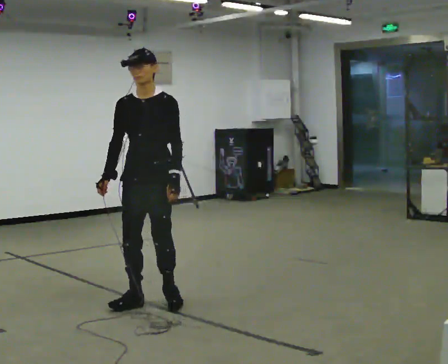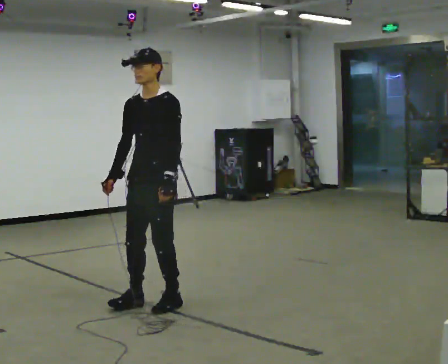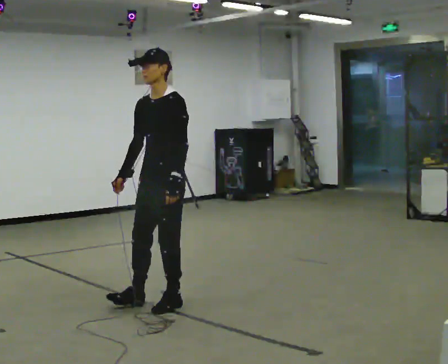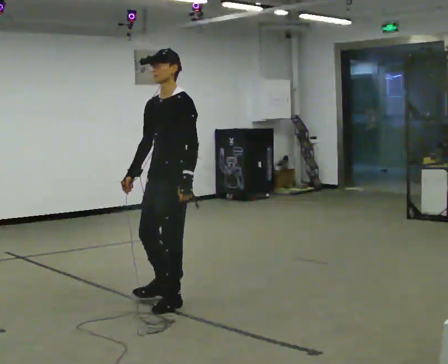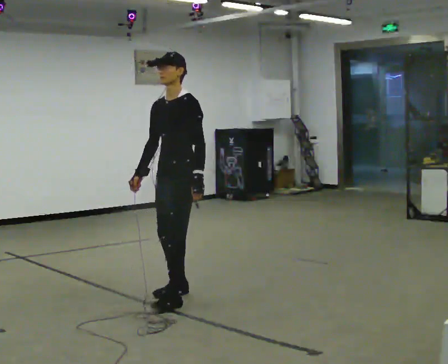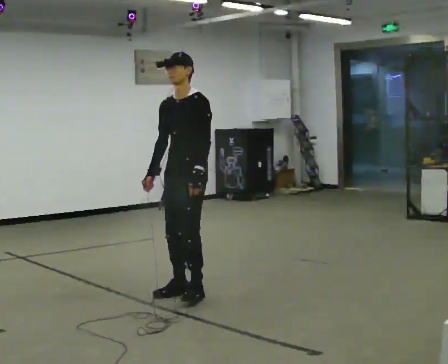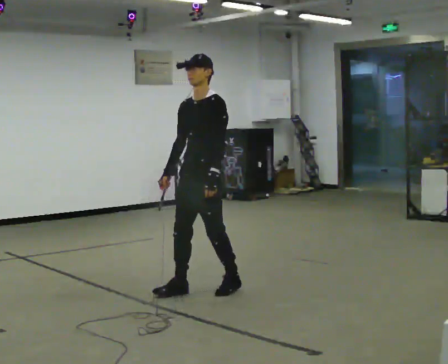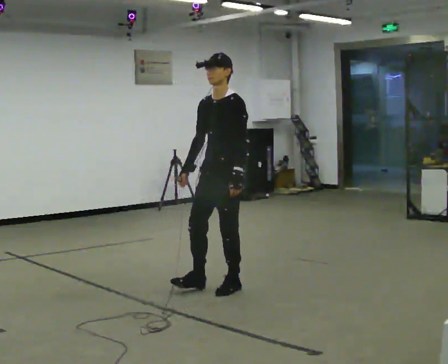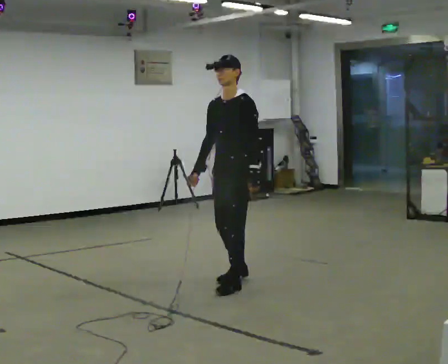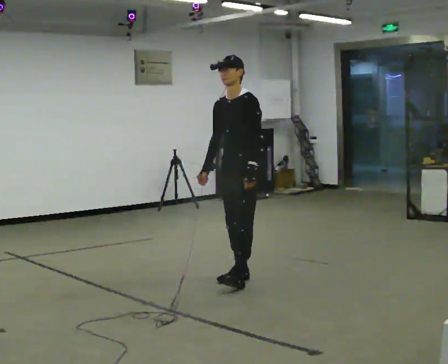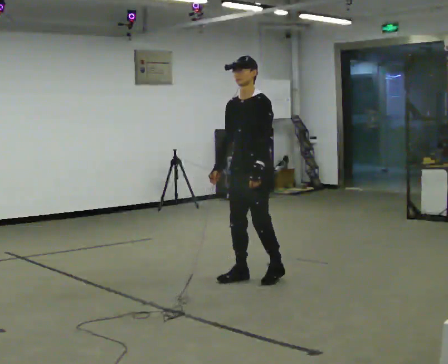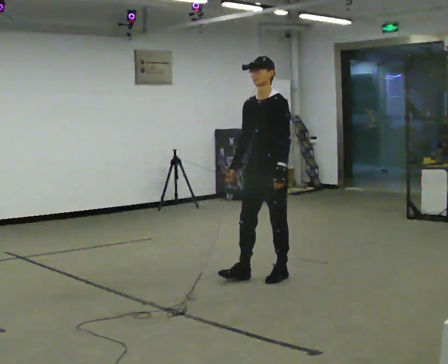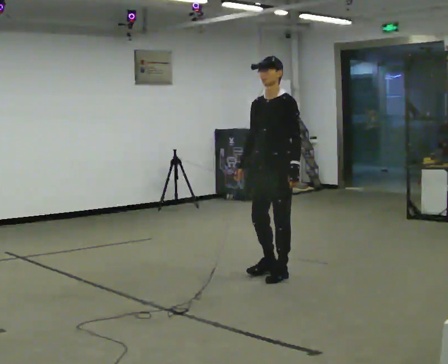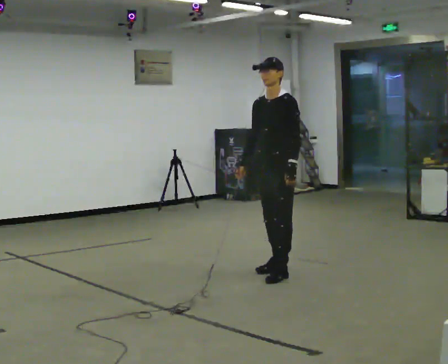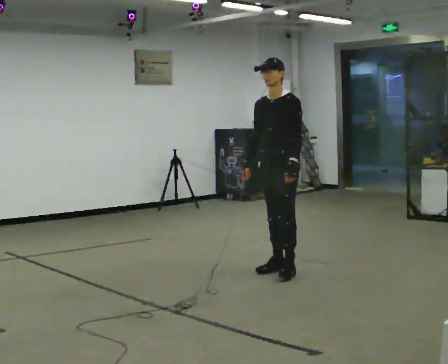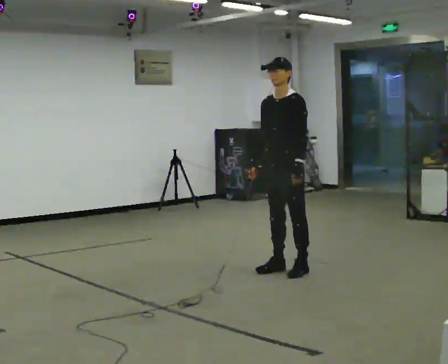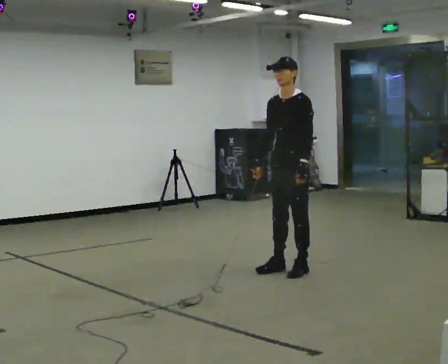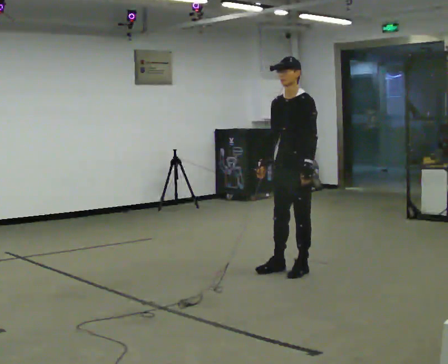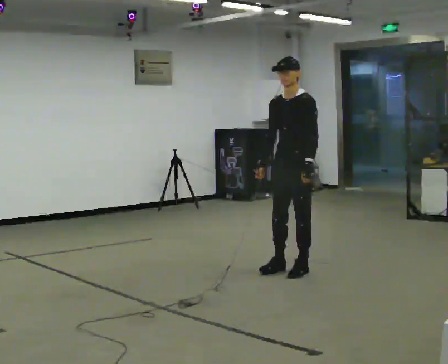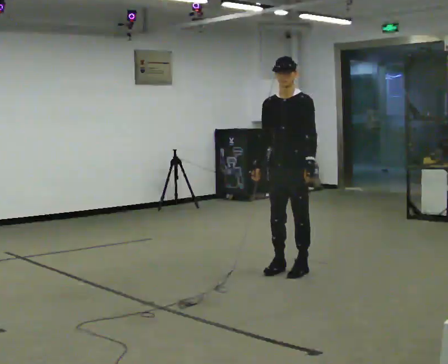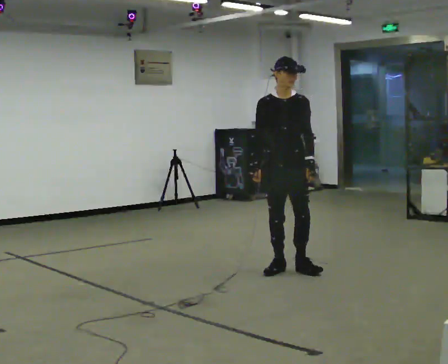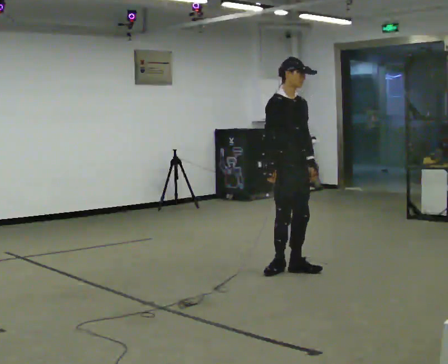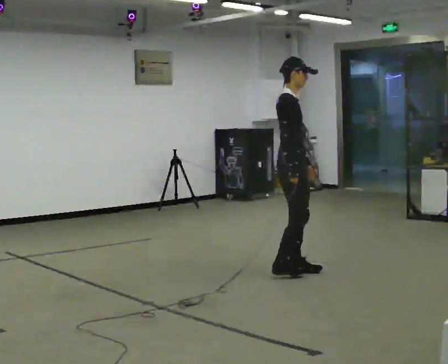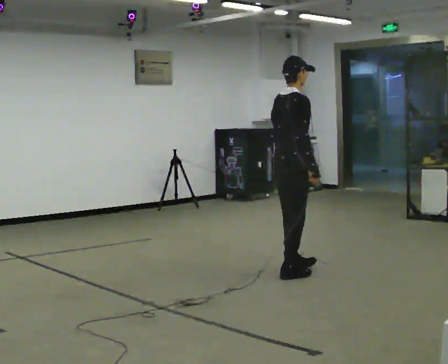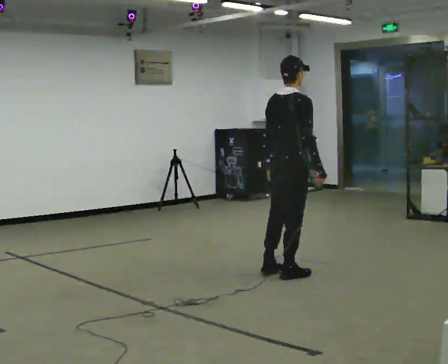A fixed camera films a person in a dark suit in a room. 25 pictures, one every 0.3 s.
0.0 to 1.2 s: Seen from above the body turns clockwise, about 30 degrees: to their right, with its near side sliding to the left. In the picture they go to the right and away from the camera, about 0.25 m in 2 steps, which for them is backward.
1.2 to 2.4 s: In the picture they go to the right and away from the camera, about 0.5 m in 2 steps, which for them is backward.
2.4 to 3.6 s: In the picture they go to the right and away from the camera, about 0.5 m in 1 step, which for them is backward.
3.6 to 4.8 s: The person moves a little, or ends about where they began.
4.8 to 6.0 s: The person turns about 60 degrees to their left, counterclockwise seen from above, so the part of the body nearest the lens slides to the right.
6.0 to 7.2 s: The part of the body nearest the lens slides to the right as the person turns to their left by about 135 degrees. In the picture they go toward the camera, about 0.25 m in 1 step.
The film runs forward here.
